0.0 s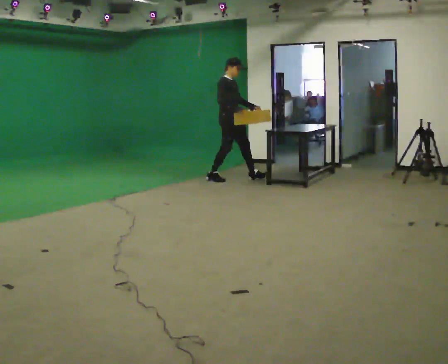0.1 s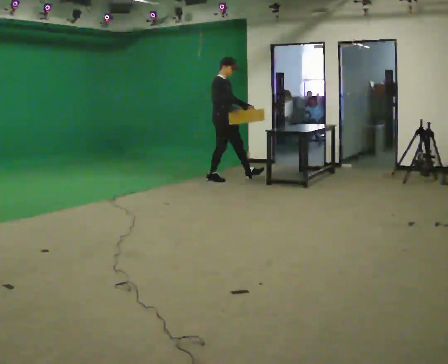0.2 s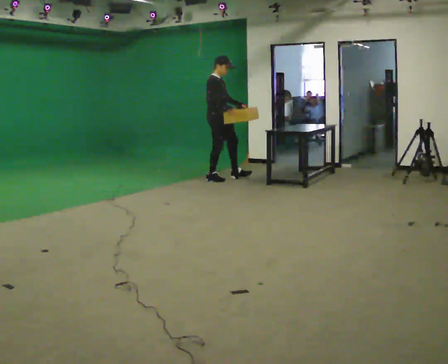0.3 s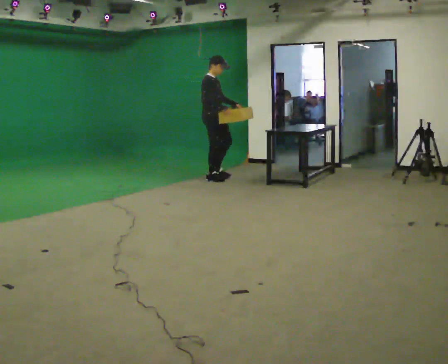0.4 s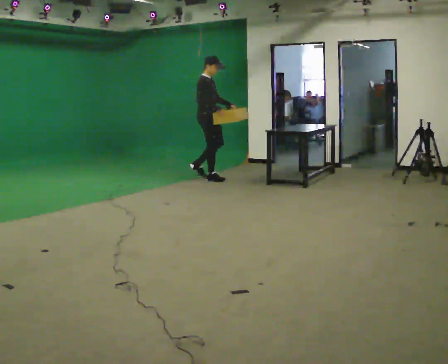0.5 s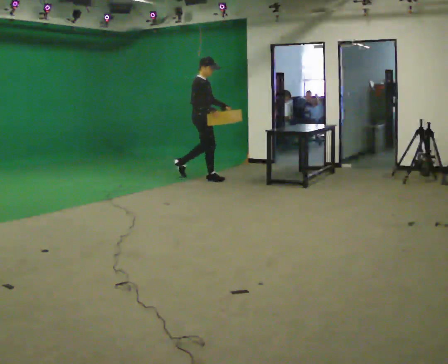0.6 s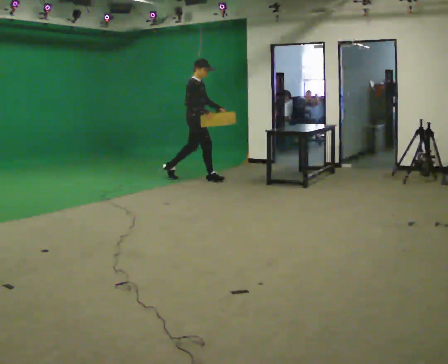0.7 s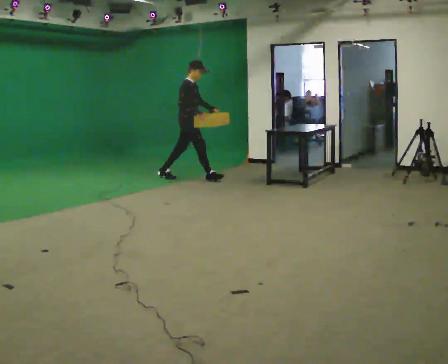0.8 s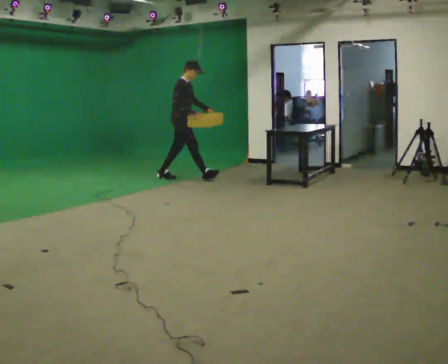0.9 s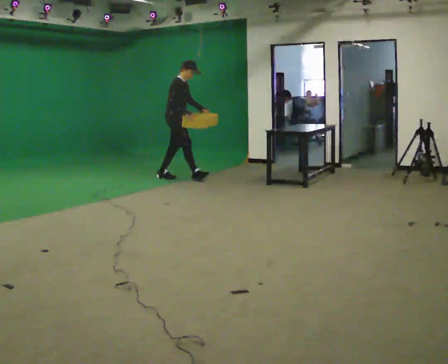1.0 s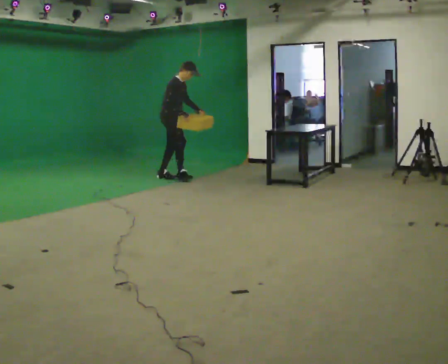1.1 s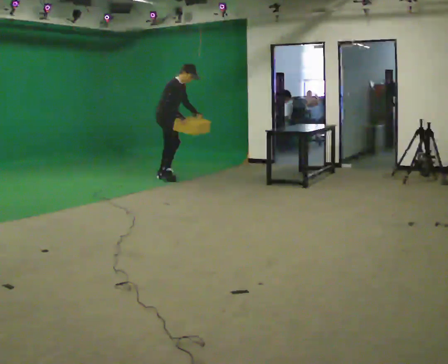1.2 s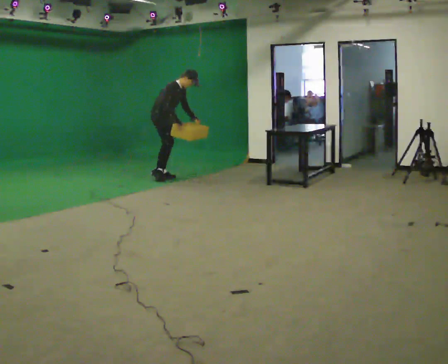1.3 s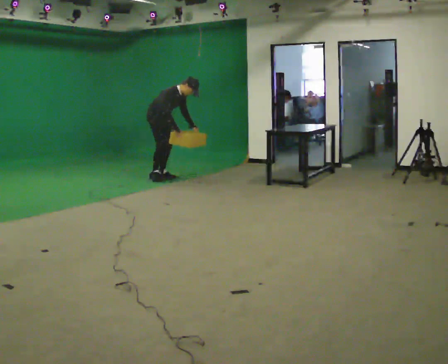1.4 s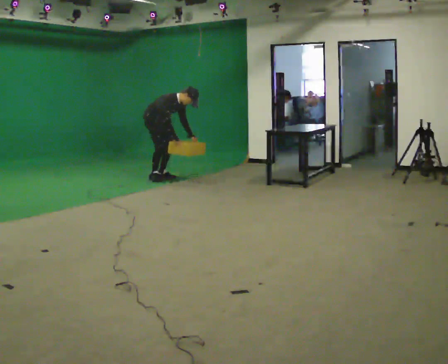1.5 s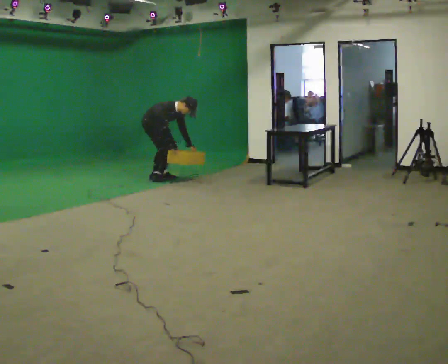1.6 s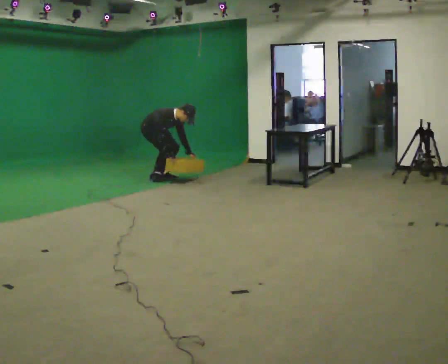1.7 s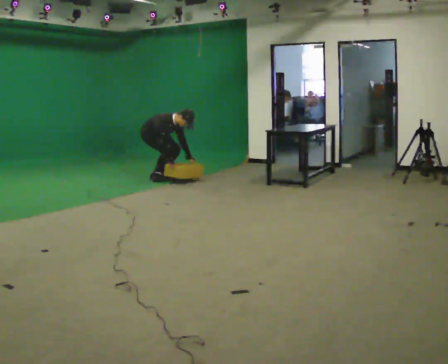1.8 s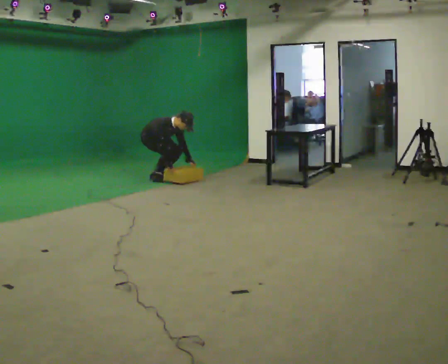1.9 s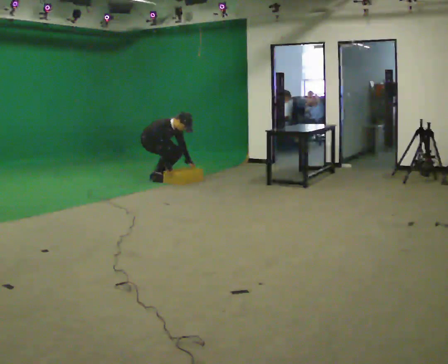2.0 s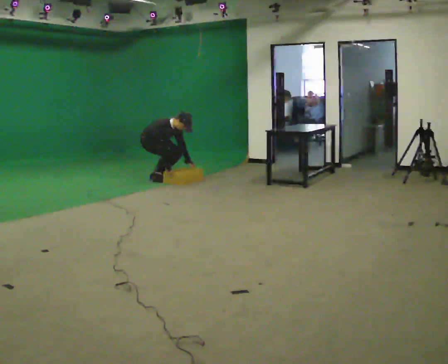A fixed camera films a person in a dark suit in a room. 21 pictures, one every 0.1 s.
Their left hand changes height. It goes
downward.
The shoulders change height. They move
downward.
0.0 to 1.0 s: In the picture they go to the left, about 1 m in 1 step, which for them is backward. In the picture the upper body tilts clockwise, shoulders to the right, as they bend forward.
1.0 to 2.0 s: In the picture they go to the left, about 0.25 m, which for them is backward. The upper body goes downward. In the picture the upper body tilts clockwise, shoulders to the right, as they bend forward. In the picture their right hand goes downward.
The film runs backward here.
